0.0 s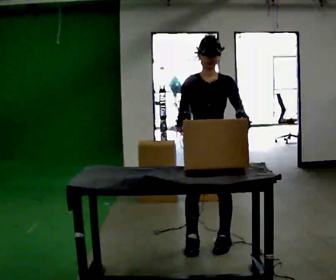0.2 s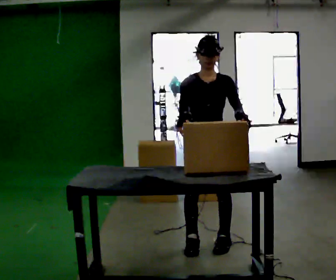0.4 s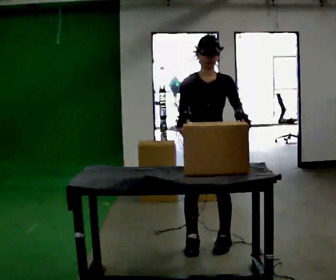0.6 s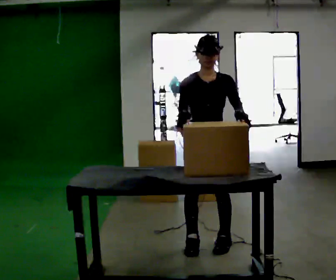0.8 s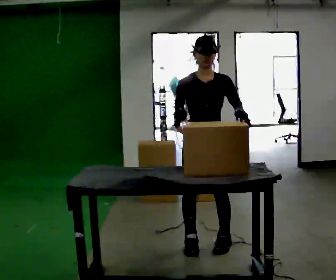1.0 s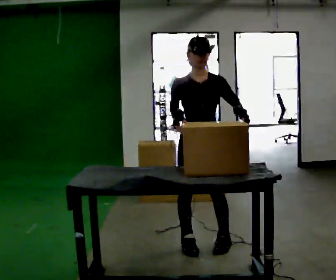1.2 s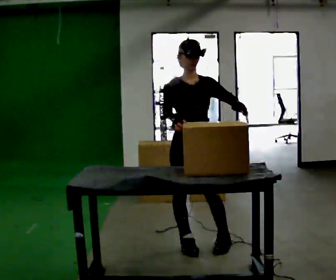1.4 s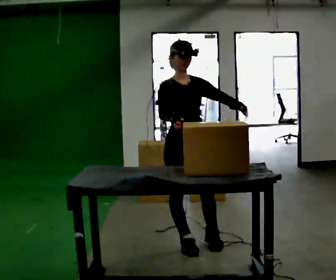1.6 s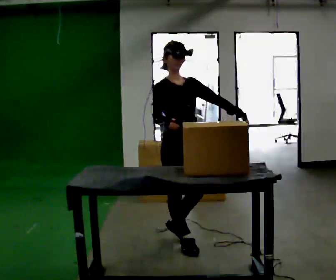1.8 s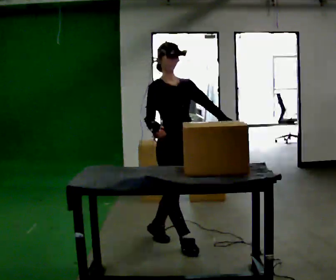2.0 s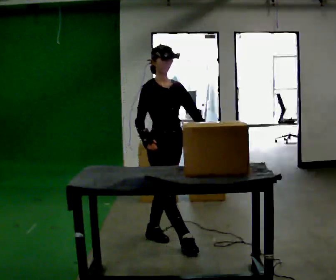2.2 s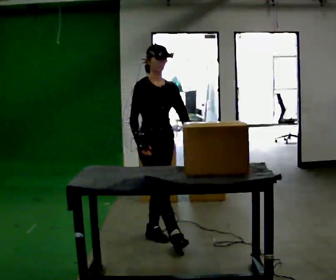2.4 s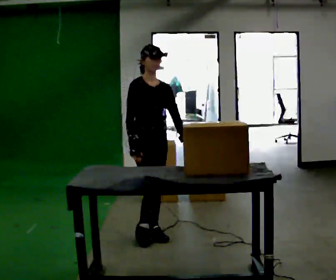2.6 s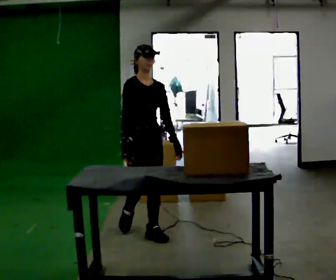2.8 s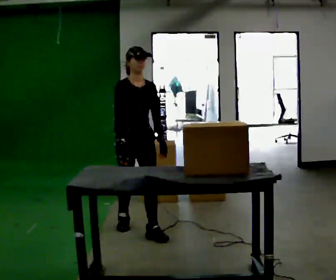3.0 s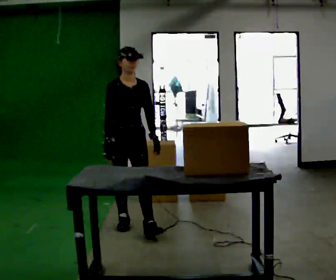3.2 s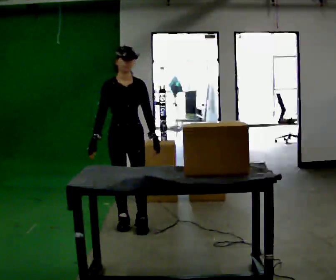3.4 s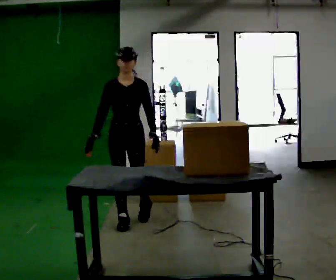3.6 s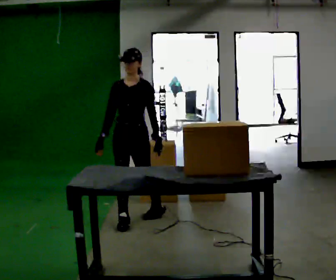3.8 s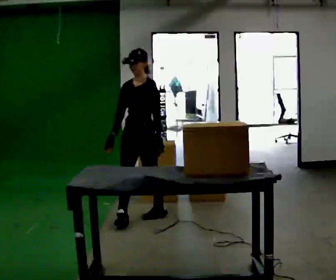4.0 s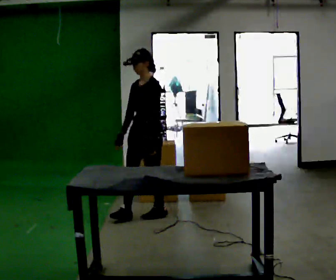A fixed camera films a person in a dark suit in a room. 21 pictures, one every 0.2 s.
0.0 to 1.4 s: The person turns about 30 degrees to their left, counterclockwise seen from above, so the part of the body nearest the lens slides to the right. In the picture they go to the left, about 0.25 m in 1 step, which for them is to their right.
1.4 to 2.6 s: In the picture they go away from the camera and to the left, about 0.5 m in 1 step, which for them is backward. In the picture their left hand goes downward.
2.6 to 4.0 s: The person turns about 75 degrees to their right, clockwise seen from above, so the part of the body nearest the lens slides to the left. In the picture they go away from the camera, about 0.5 m in 2 steps.
The film runs backward here.
